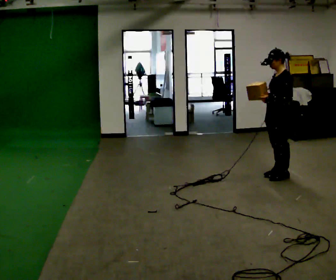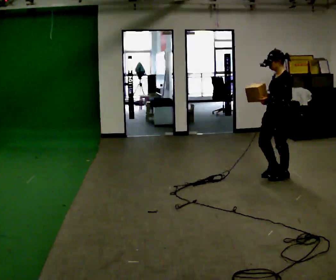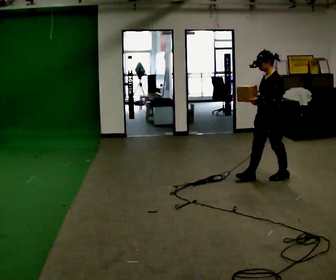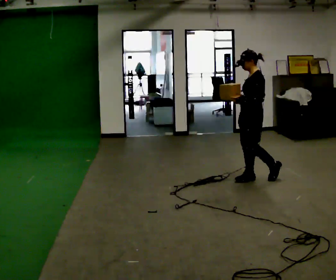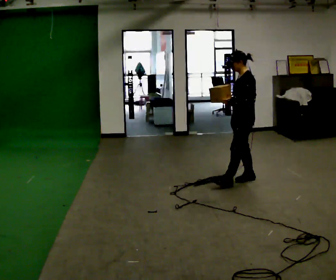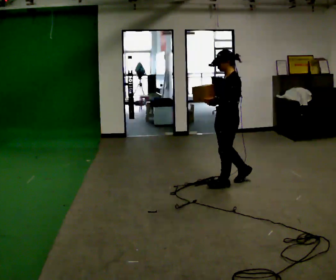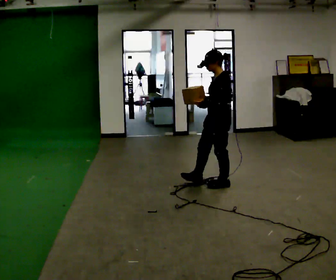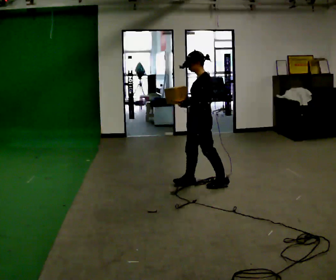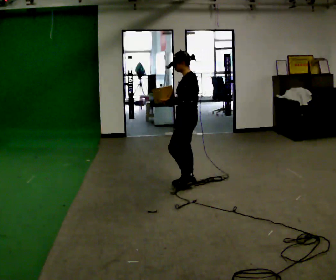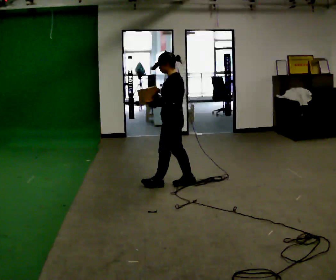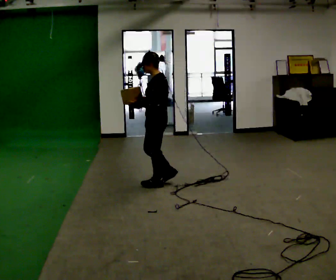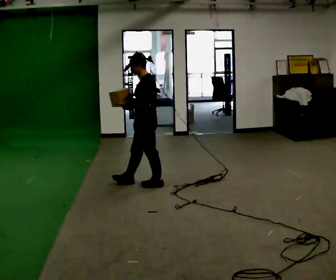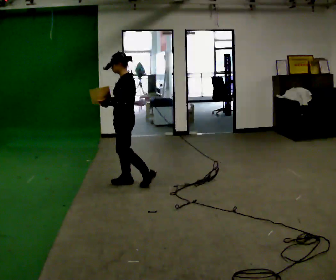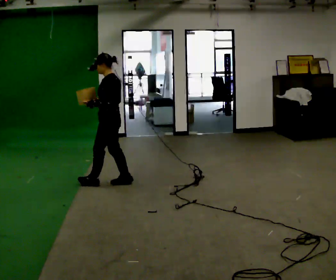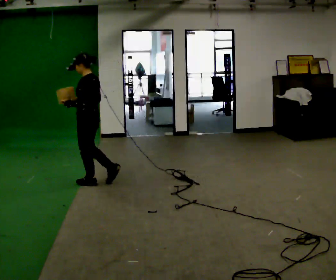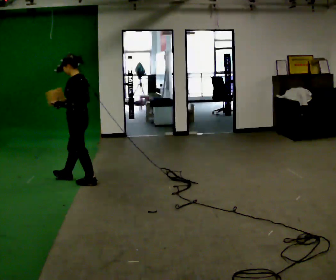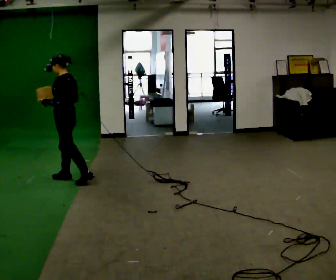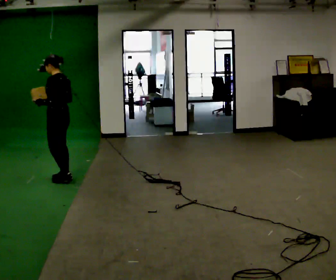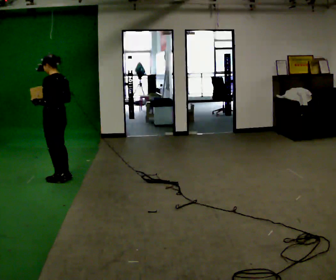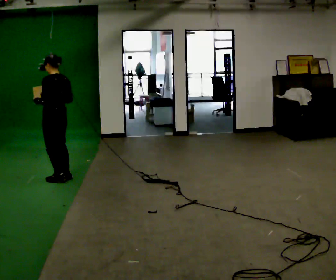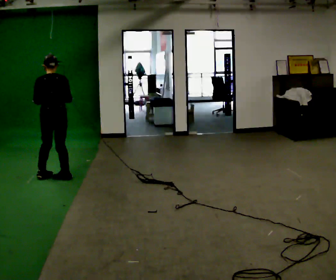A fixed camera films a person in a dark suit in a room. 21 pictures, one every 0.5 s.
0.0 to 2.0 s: In the picture they go to the left, about 0.5 m in 1 step, which for them is forward.
2.0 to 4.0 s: In the picture they go to the left, about 0.5 m in 2 steps, which for them is forward.
4.0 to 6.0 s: In the picture they go to the left, about 0.75 m in 2 steps, which for them is forward.
6.0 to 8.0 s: In the picture they go to the left, about 0.5 m in 2 steps, which for them is forward.
8.0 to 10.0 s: Seen from above the body turns clockwise, about 60 degrees: to their right, with its near side sliding to the left. In the picture they go to the left, about 0.25 m in 2 steps, which for them is forward.
The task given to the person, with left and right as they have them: Carry the light box in both hands in front of you, walking back and forth across the room. Keep walking until the operator says stop.
The film runs forward here.
